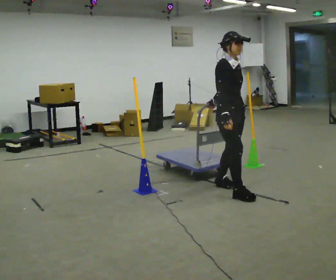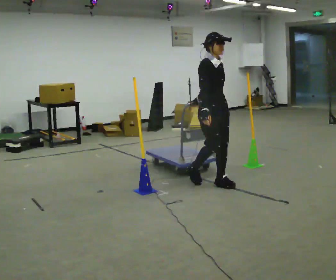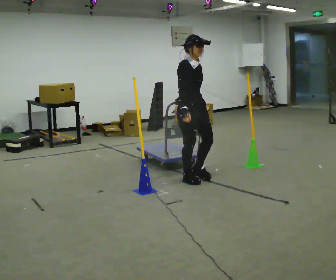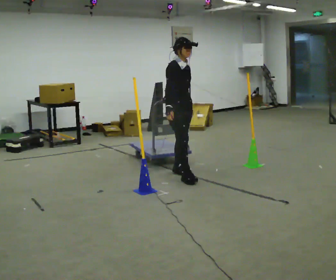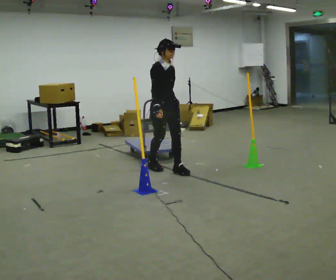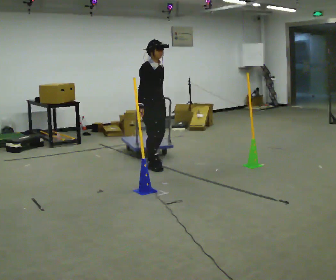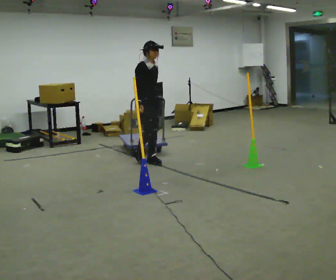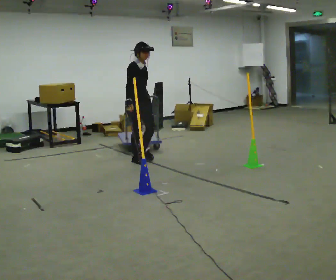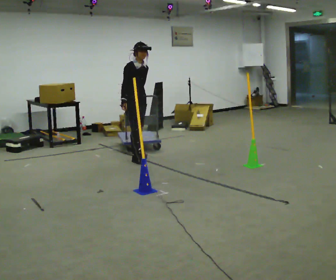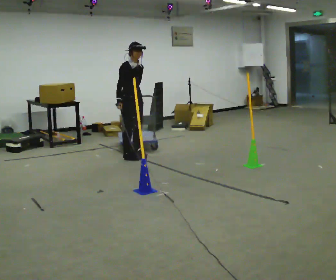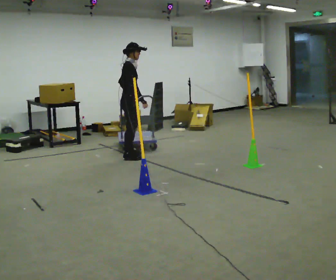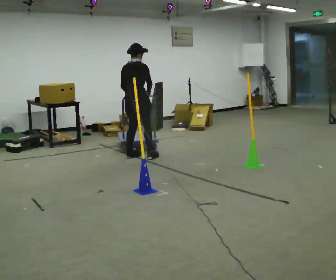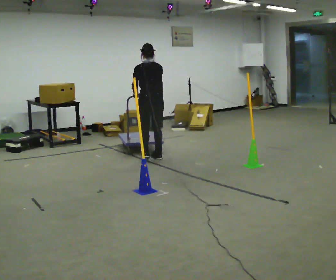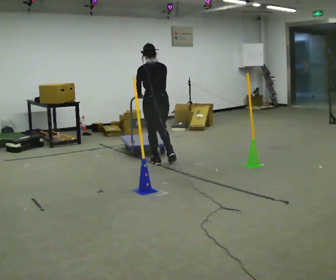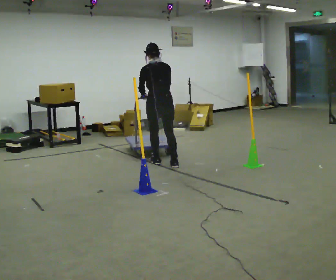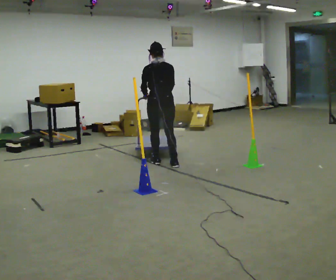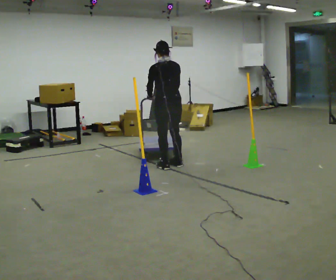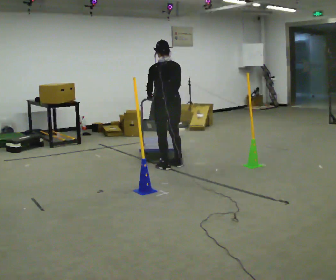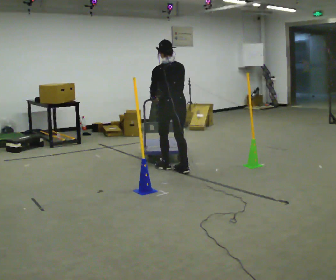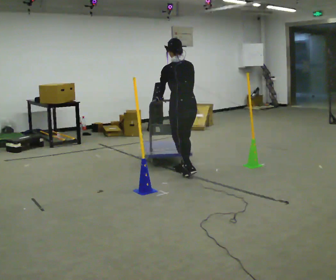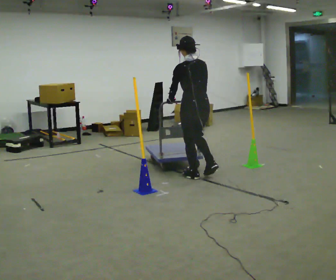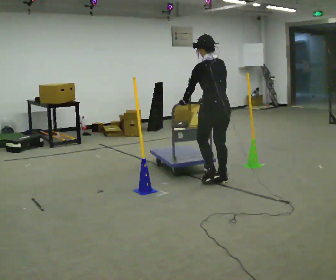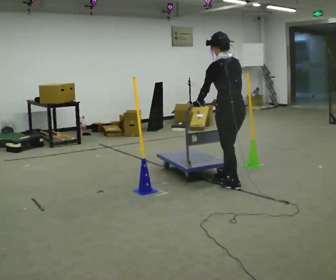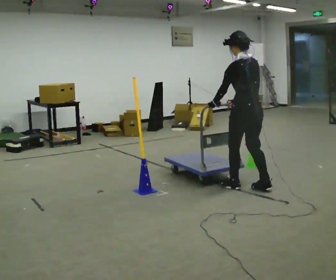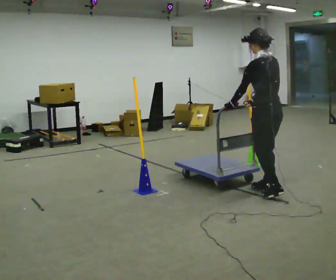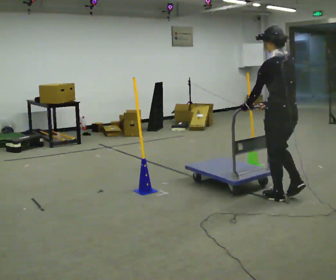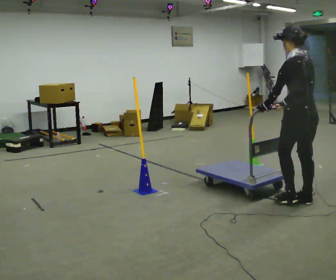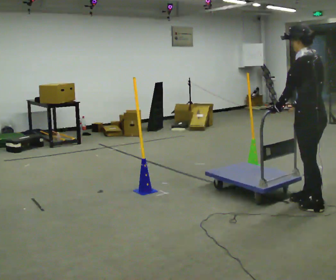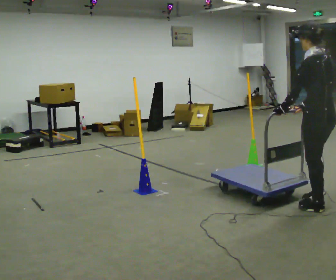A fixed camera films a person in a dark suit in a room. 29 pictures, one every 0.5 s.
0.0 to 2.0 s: In the picture they go away from the camera and to the left, about 1 m in 3 steps, which for them is backward.
2.0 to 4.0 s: In the picture they go away from the camera and to the left, about 1 m in 3 steps, which for them is backward.
4.0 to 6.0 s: The person turns about 150 degrees to their left, counterclockwise seen from above, so the part of the body nearest the lens slides to the right. In the picture they go to the right, about 0.25 m in 3 steps.
6.0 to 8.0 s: In the picture they go toward the camera and to the right, about 0.5 m in 2 steps, which for them is backward.
8.0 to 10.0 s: In the picture they go toward the camera and to the right, about 0.5 m in 3 steps, which for them is backward.
10.0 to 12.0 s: In the picture they go toward the camera and to the right, about 1 m in 3 steps, which for them is backward.
12.0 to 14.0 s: In the picture they go toward the camera and to the right, about 0.75 m in 3 steps, which for them is backward.
The film runs backward here.
